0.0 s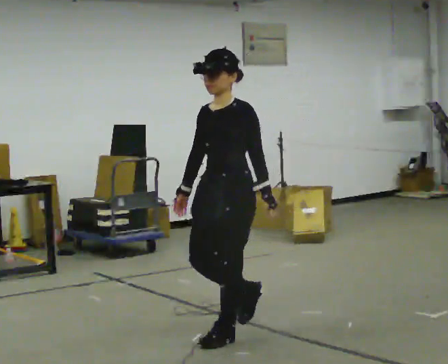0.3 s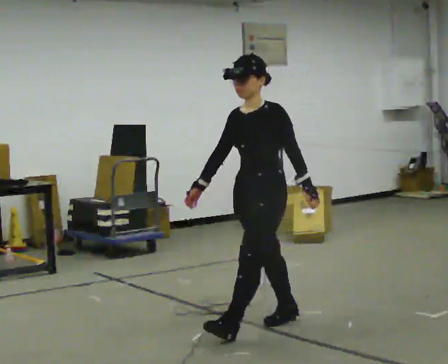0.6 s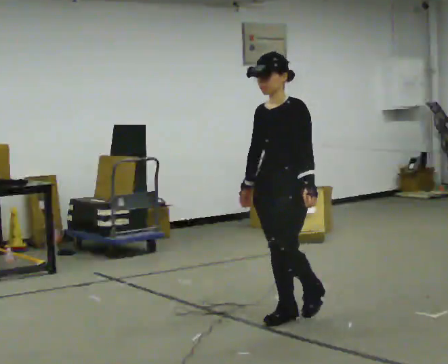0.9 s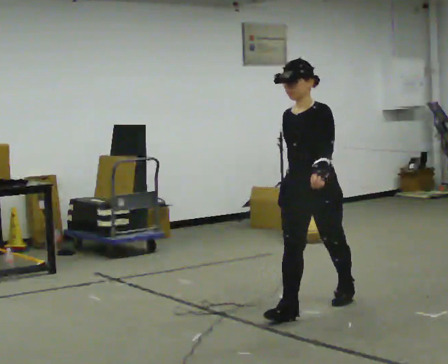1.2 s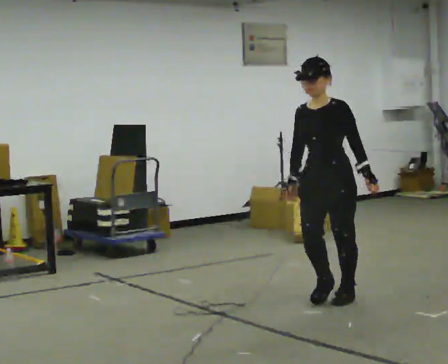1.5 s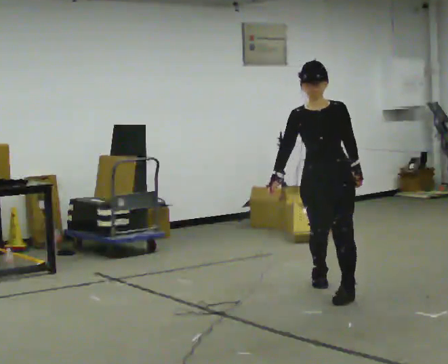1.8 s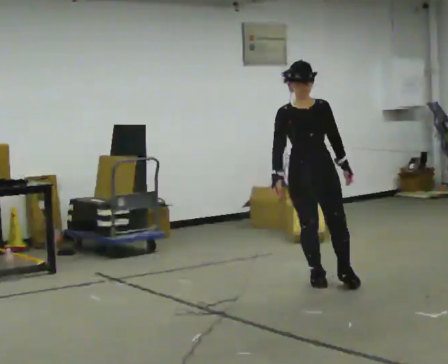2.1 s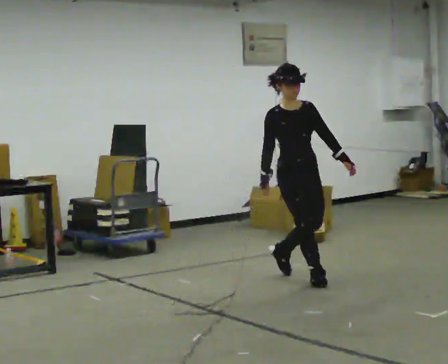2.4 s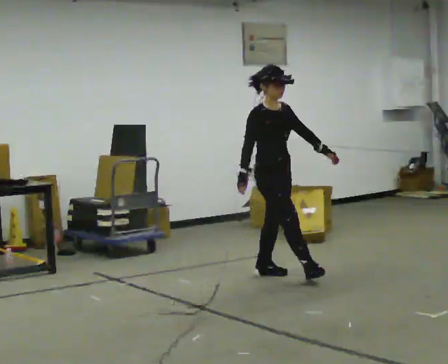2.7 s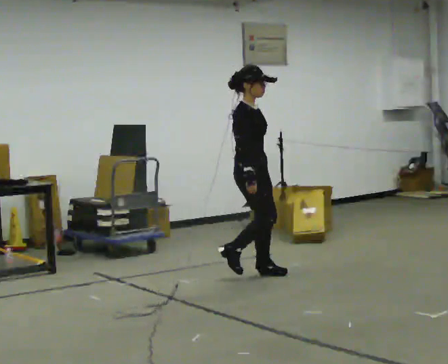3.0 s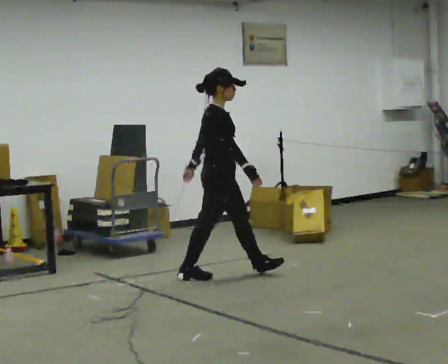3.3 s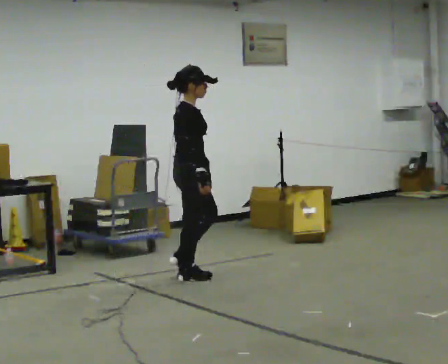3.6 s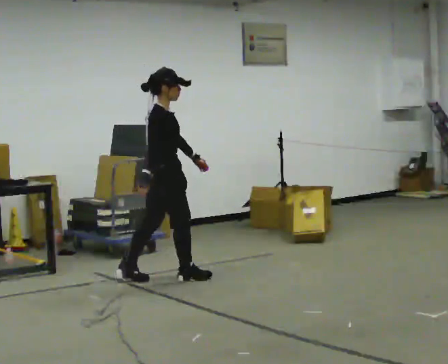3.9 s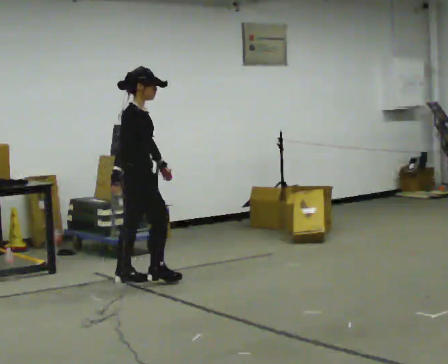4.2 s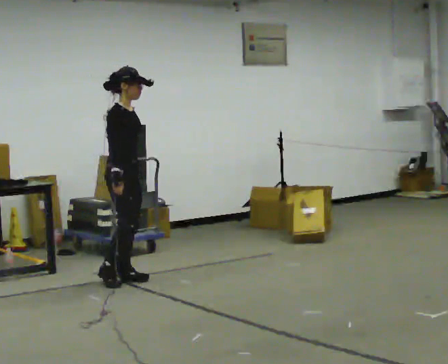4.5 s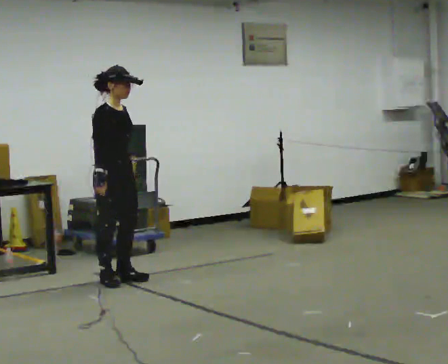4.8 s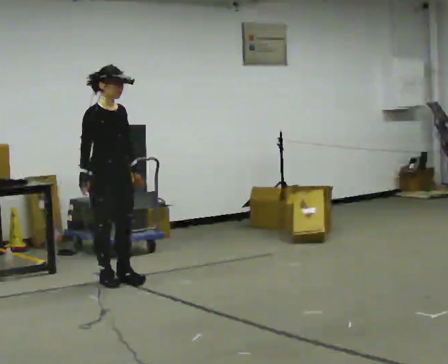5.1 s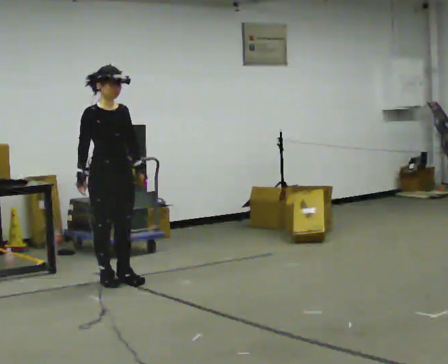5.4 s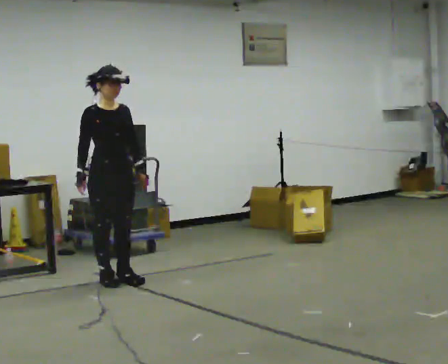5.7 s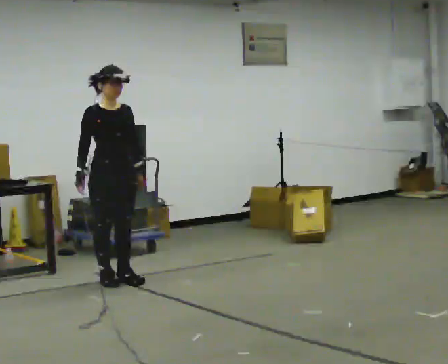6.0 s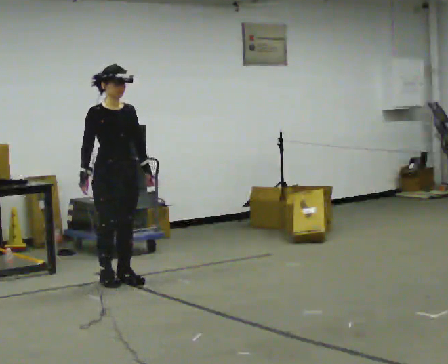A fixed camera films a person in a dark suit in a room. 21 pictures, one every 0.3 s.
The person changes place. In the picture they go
away from the camera.
The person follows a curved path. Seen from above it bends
counterclockwise.
0.0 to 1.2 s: In the picture they go away from the camera and to the right, about 1 m in 2 steps, which for them is backward.
1.2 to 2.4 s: The person turns about 90 degrees to their left, counterclockwise seen from above, so the part of the body nearest the lens slides to the right. In the picture they go away from the camera, about 1 m in 2 steps.
2.4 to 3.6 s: Seen from above the body turns counterclockwise, about 45 degrees: to their left, with its near side sliding to the right. In the picture they go to the left, about 1 m in 1 step, which for them is backward.
3.6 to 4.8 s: Seen from above the body turns clockwise, about 45 degrees: to their right, with its near side sliding to the left. In the picture they go to the left, about 0.5 m in 1 step, which for them is backward and to their right.
4.8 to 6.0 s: The person moves a little, or ends about where they began.
The film runs backward here.
